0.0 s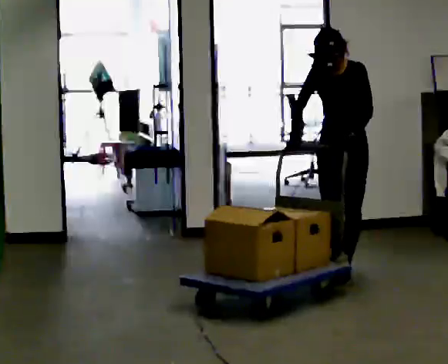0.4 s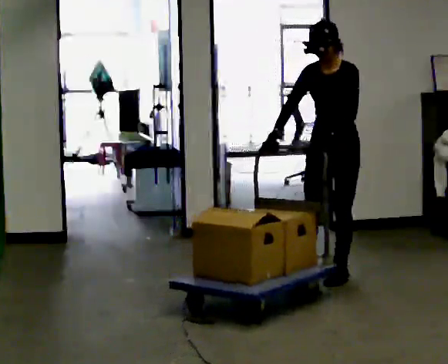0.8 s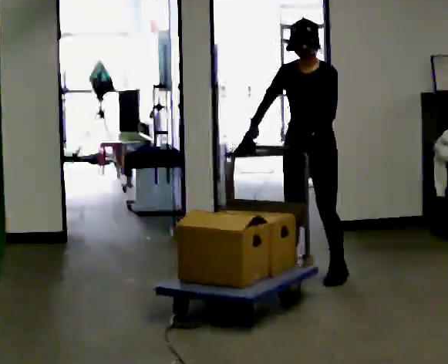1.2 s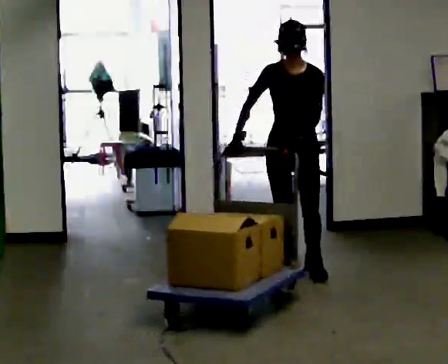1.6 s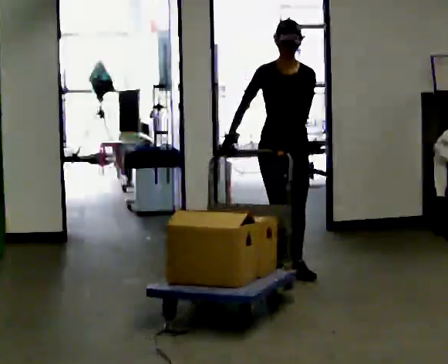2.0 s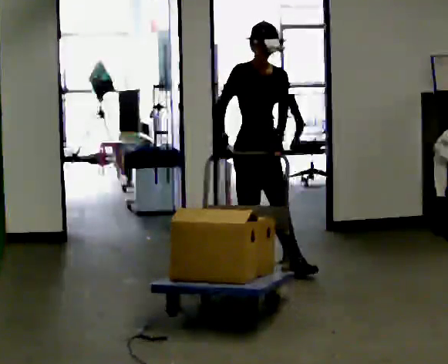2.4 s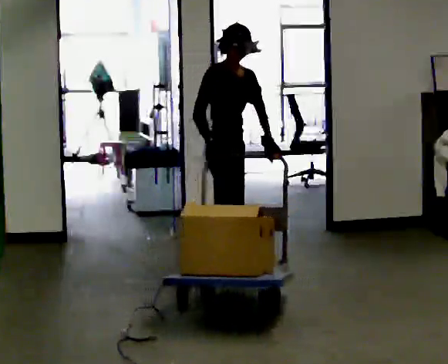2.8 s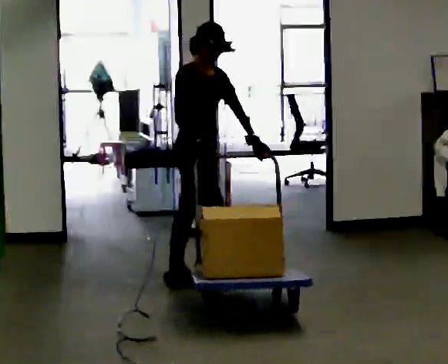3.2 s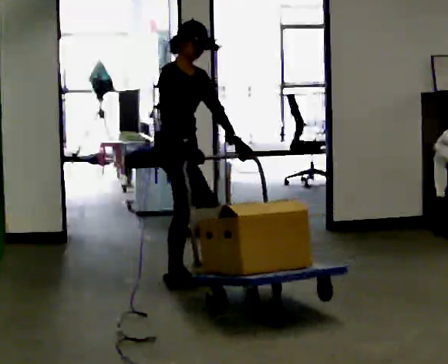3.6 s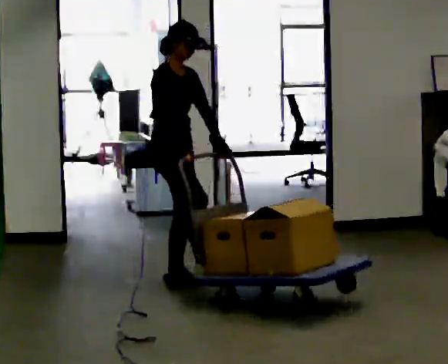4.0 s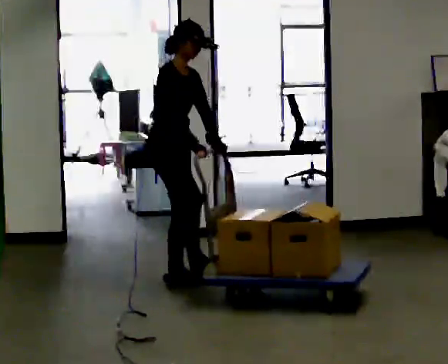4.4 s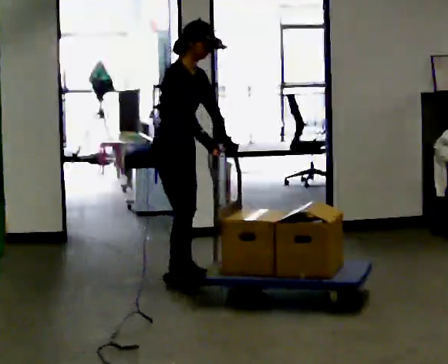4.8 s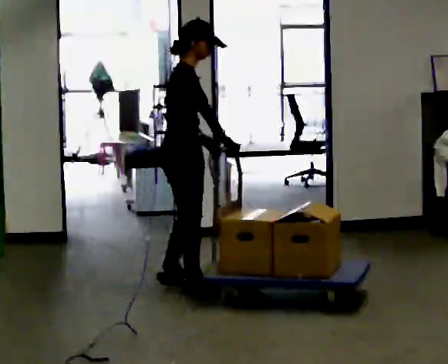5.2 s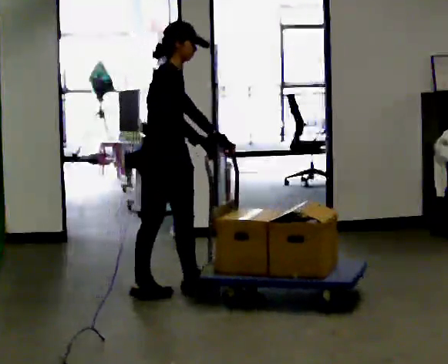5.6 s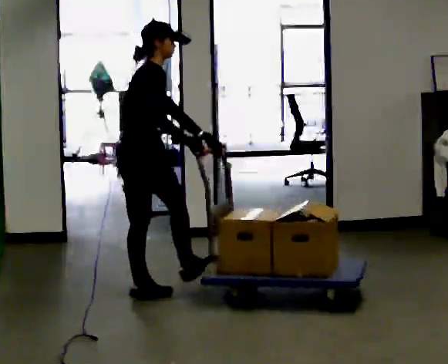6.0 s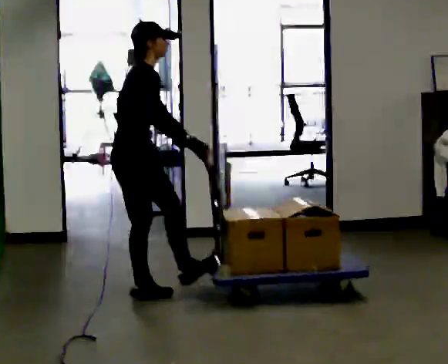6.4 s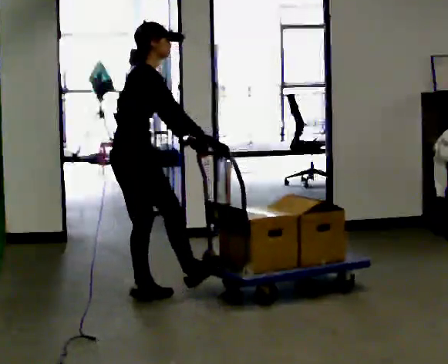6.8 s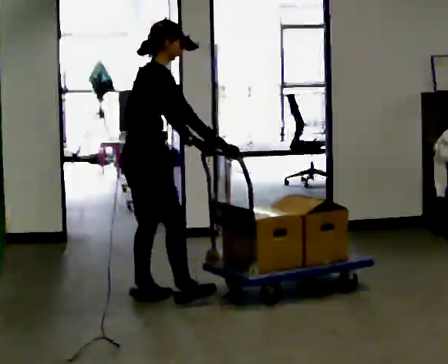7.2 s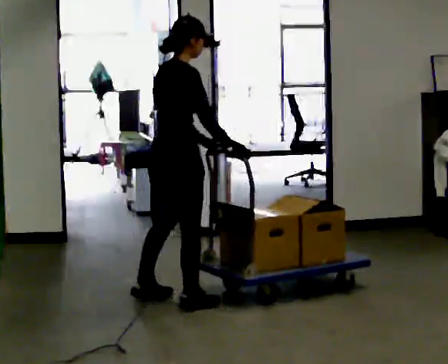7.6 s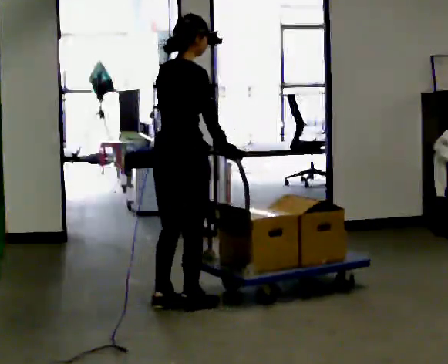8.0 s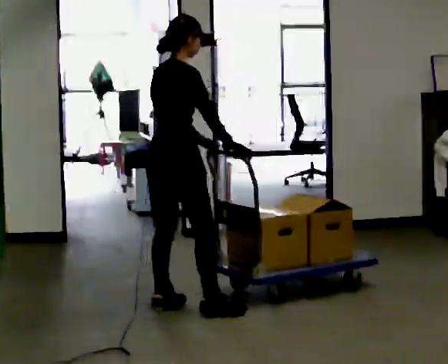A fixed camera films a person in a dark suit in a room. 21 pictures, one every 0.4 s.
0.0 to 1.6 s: The part of the body nearest the lens slides to the right as the person turns to their left by about 45 degrees. In the picture they go to the left, about 0.5 m in 3 steps, which for them is to their right and forward.
1.6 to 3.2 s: Seen from above the body turns counterclockwise, about 60 degrees: to their left, with its near side sliding to the right. In the picture they go to the left, about 0.75 m in 2 steps.
3.2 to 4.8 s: Seen from above the body turns counterclockwise, about 30 degrees: to their left, with its near side sliding to the right. In the picture they go toward the camera, about 0.25 m in 1 step, which for them is to their right and forward.
4.8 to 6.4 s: In the picture they go to the left and toward the camera, about 0.25 m in 1 step, which for them is backward and to their right.
6.4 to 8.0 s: The person turns about 30 degrees to their left, counterclockwise seen from above, so the part of the body nearest the lens slides to the right. In the picture they go toward the camera and to the right, about 0.25 m in 3 steps, which for them is to their right.
The film runs backward here.
